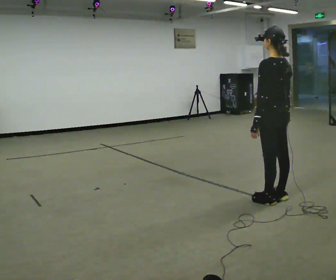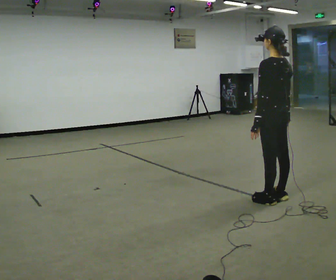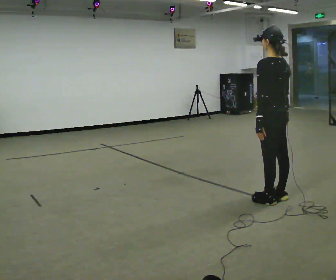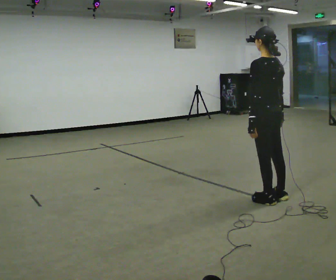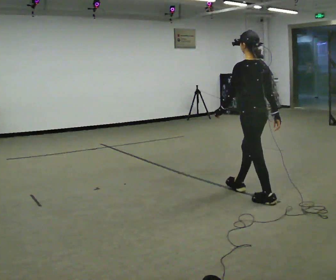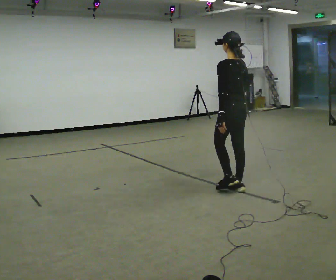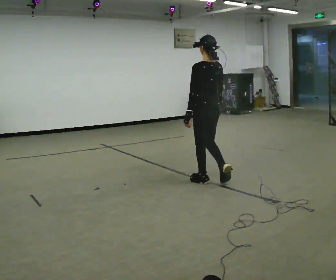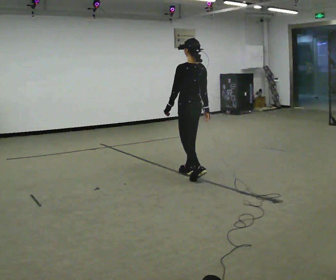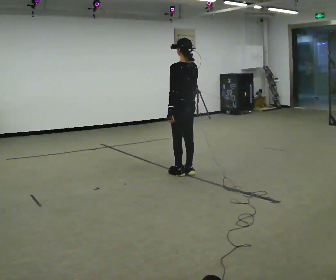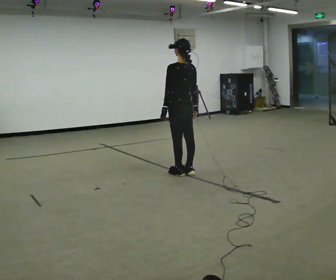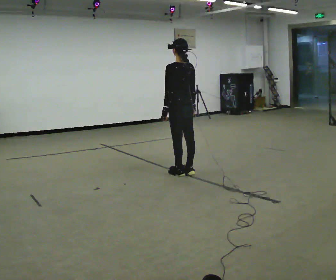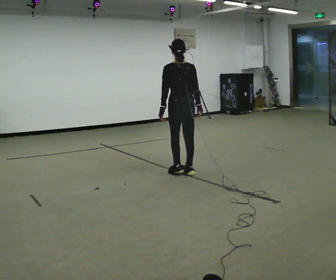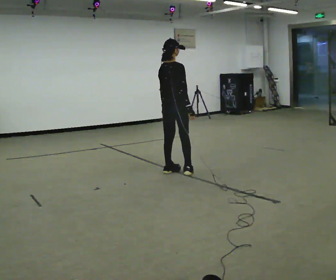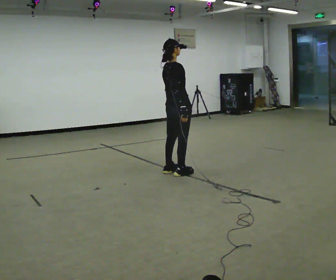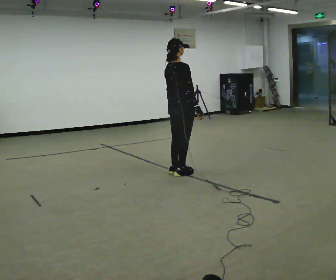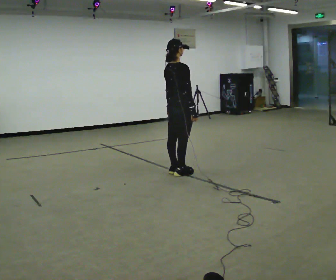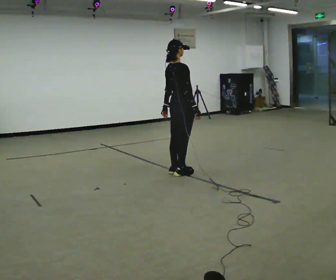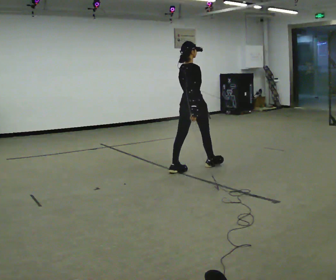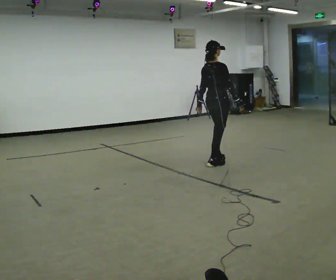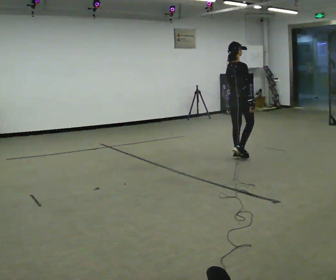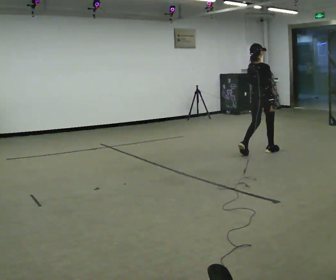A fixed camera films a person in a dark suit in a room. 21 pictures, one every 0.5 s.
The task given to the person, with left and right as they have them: Walk; stop fully; turn 90° left/right while standing; walk new direction.
0.0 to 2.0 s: In the picture they go to the left and away from the camera, about 0.25 m, which for them is forward.
2.0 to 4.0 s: In the picture they go away from the camera and to the left, about 1 m in 4 steps, which for them is forward.
4.0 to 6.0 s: The part of the body nearest the lens slides to the left as the person turns to their right by about 75 degrees.
6.0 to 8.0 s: The person moves a little, or ends about where they began.
8.0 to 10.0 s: In the picture they go to the right and away from the camera, about 1.5 m in 3 steps, which for them is forward.
The film runs forward here.
